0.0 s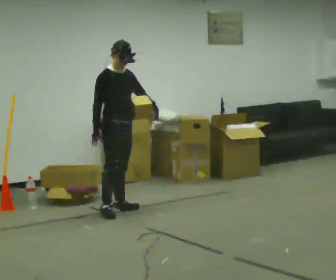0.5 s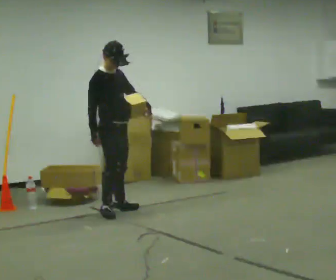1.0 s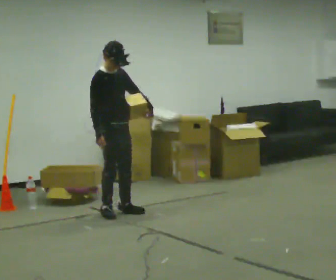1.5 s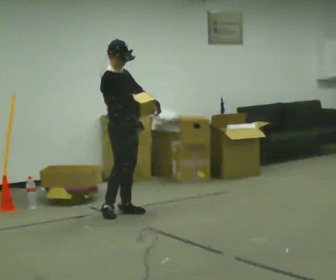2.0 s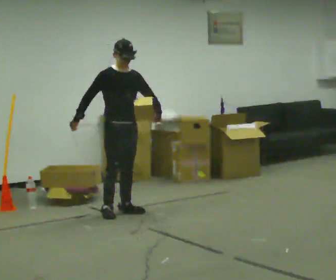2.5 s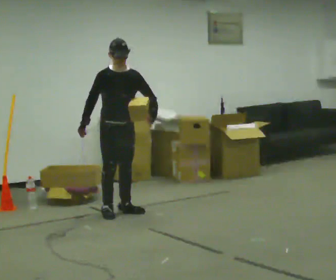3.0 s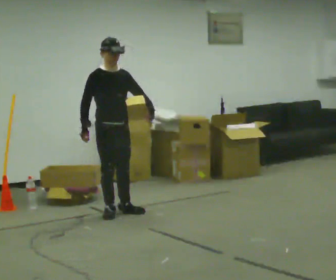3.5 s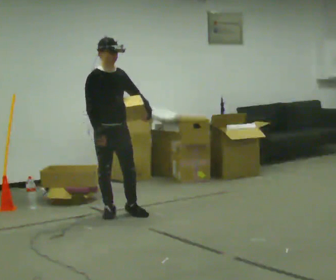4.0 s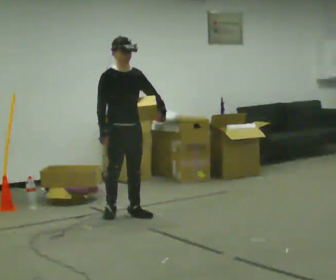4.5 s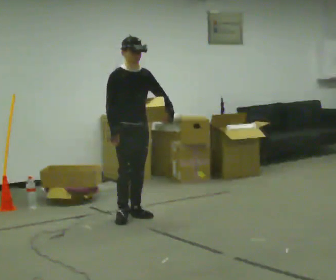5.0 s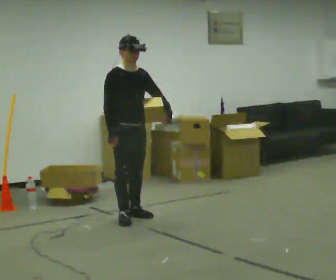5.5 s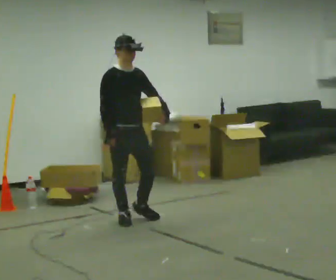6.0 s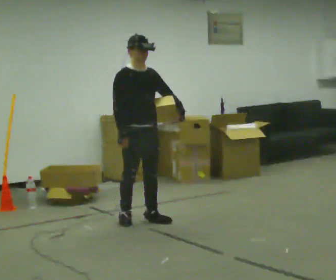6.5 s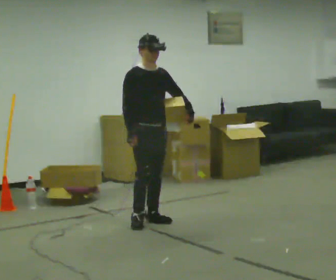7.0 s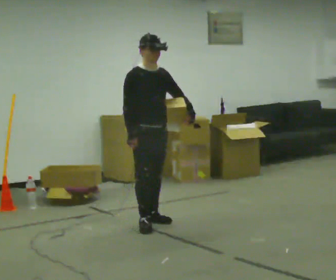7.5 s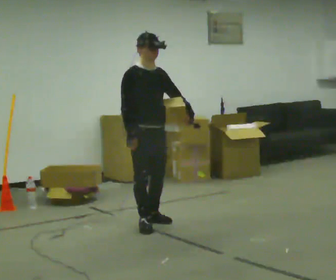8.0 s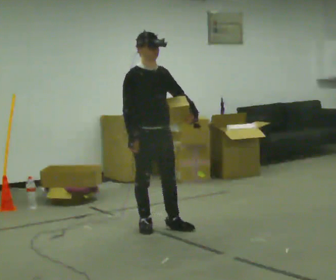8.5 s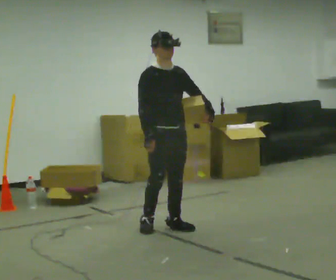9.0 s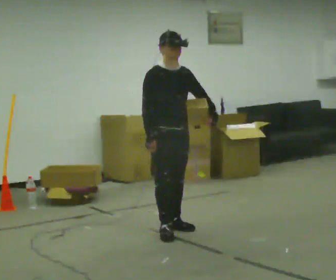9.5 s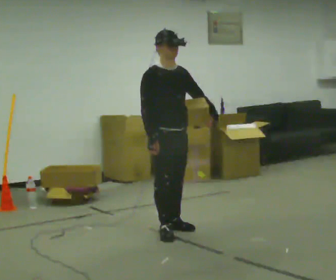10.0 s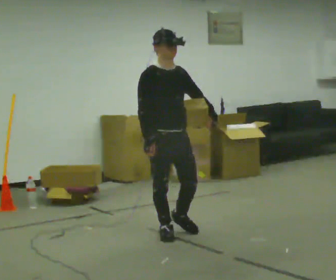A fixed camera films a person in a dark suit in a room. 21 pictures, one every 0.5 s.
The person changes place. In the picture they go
toward the camera.
0.0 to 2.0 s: The person moves a little, or ends about where they began.
2.0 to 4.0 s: In the picture they go toward the camera, about 0.25 m in 1 step, which for them is forward.
4.0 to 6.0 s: In the picture they go toward the camera, about 0.25 m in 2 steps, which for them is forward.
6.0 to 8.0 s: In the picture they go toward the camera, about 0.25 m in 1 step, which for them is forward.
8.0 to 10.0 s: In the picture they go toward the camera, about 0.25 m in 2 steps, which for them is forward.
The film runs forward here.
